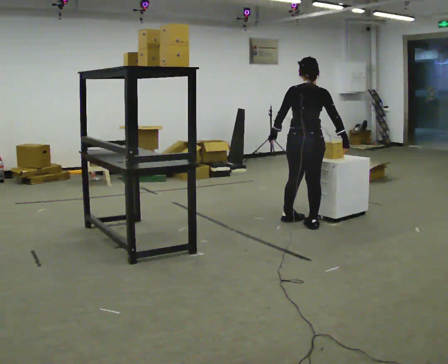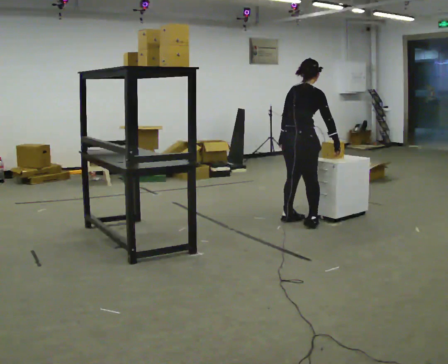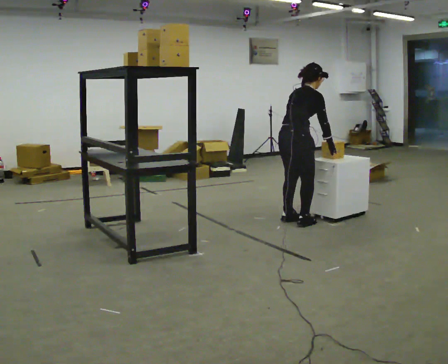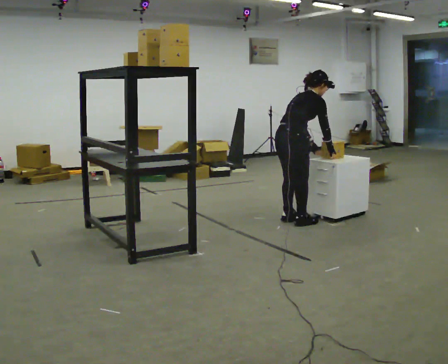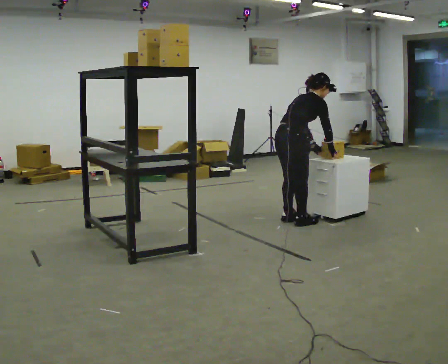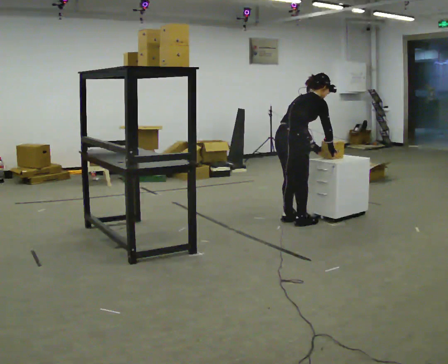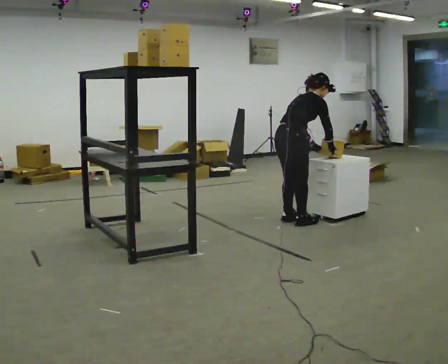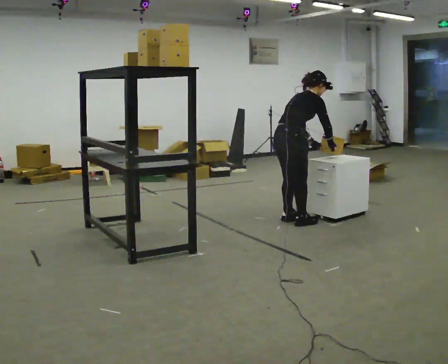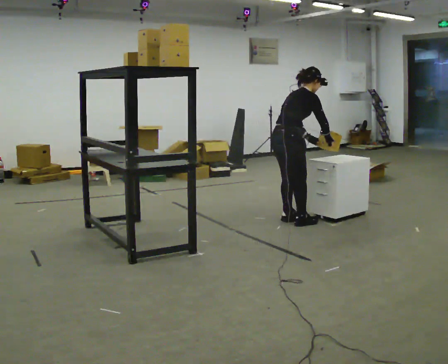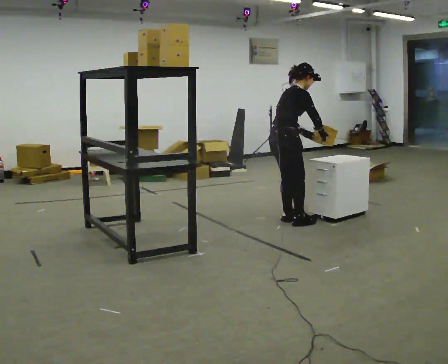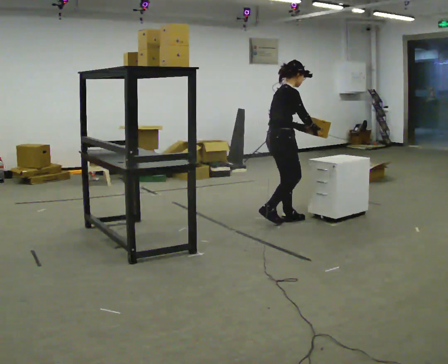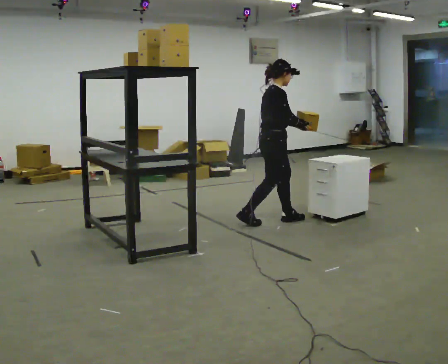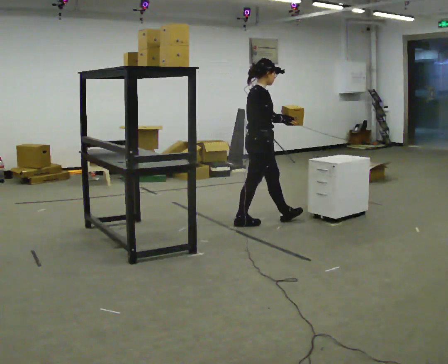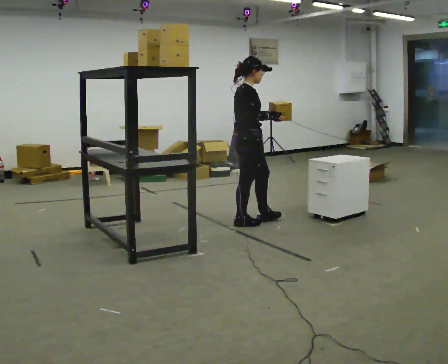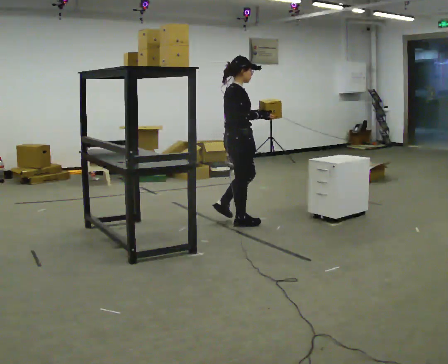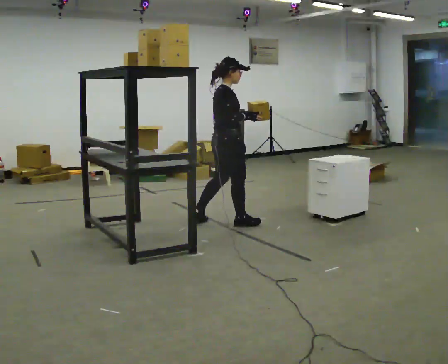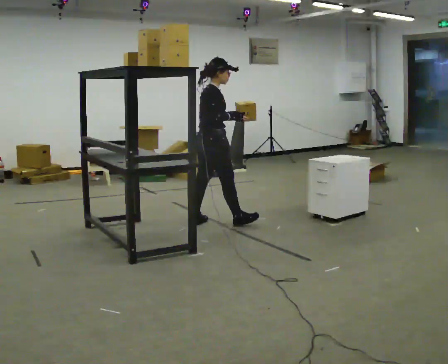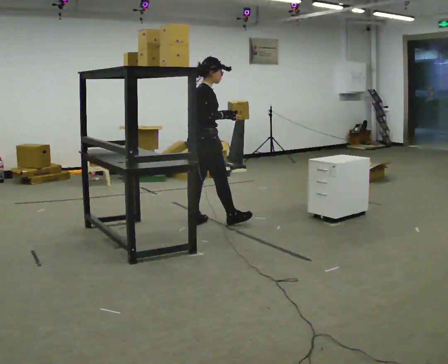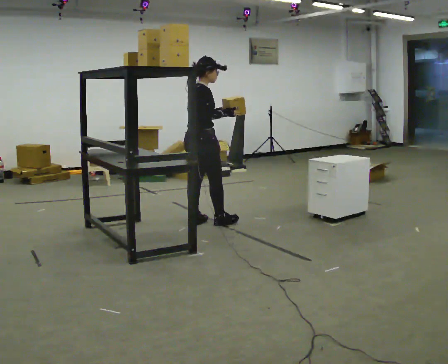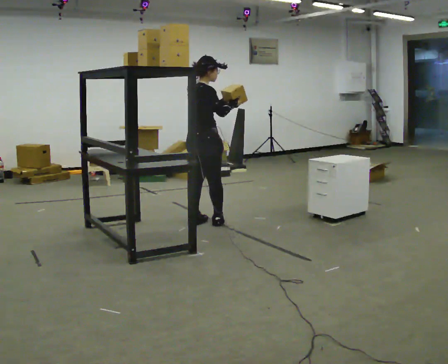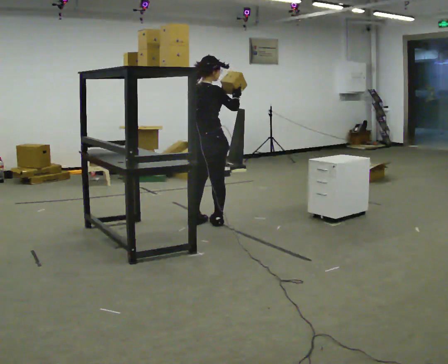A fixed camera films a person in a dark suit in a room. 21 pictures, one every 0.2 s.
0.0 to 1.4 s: Seen from above the body turns clockwise, about 45 degrees: to their right, with its near side sliding to the left. In the picture they go to the left, about 0.25 m in 1 step, which for them is to their left. In the picture the upper body tilts clockwise, shoulders to the right, as they bend forward. In the picture their left hand goes to the right, the arm swinging counterclockwise.
1.4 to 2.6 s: In the picture they go to the left, about 0.5 m in 2 steps, which for them is backward. In the picture the upper body tilts counterclockwise, shoulders to the left, as they lean back or straighten.
2.6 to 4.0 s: Seen from above the body turns counterclockwise, about 45 degrees: to their left, with its near side sliding to the right. In the picture they go to the left, about 0.25 m in 1 step, which for them is backward.
The film runs backward here.
